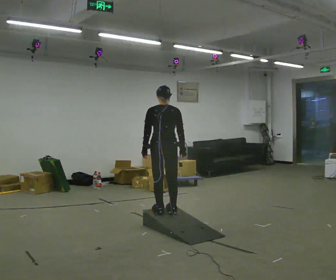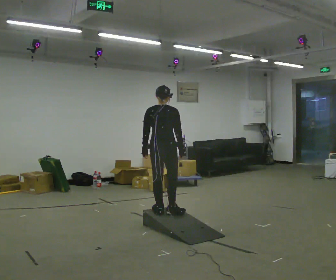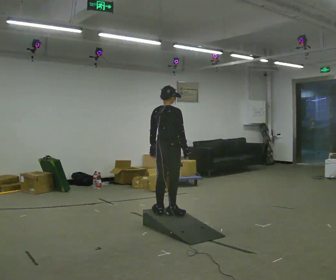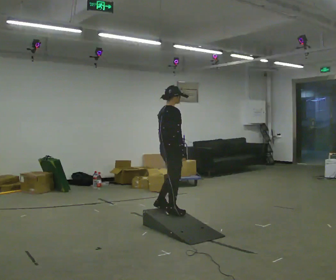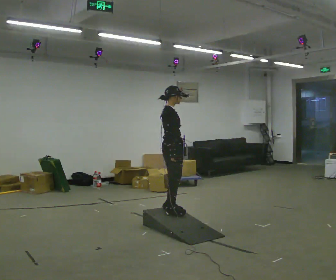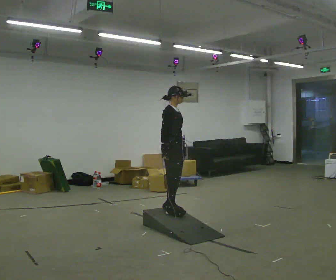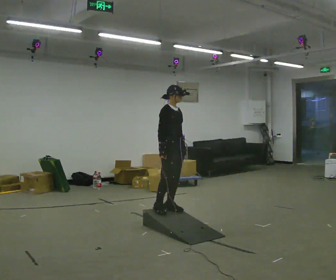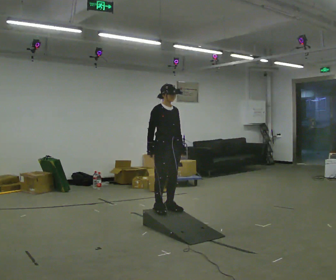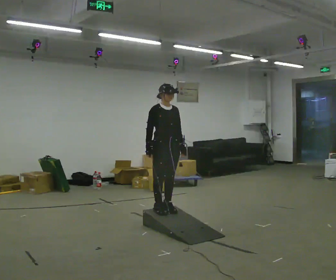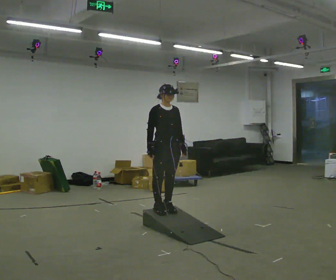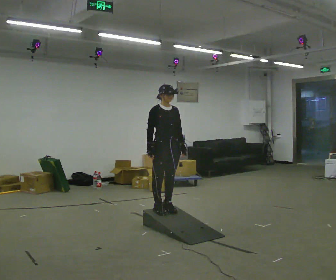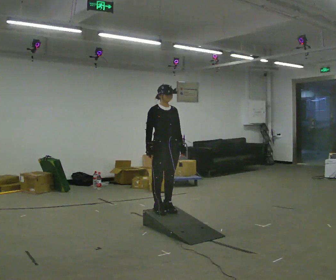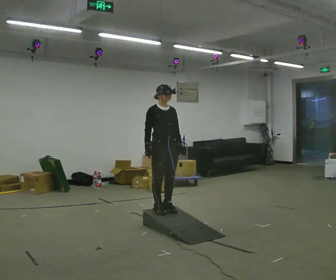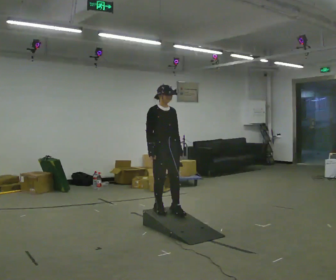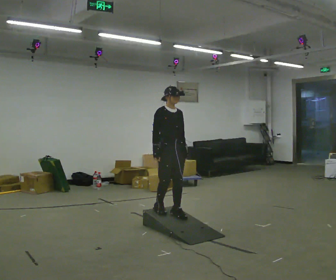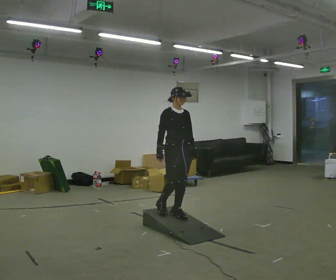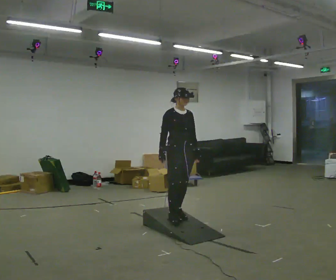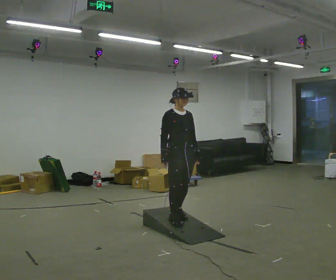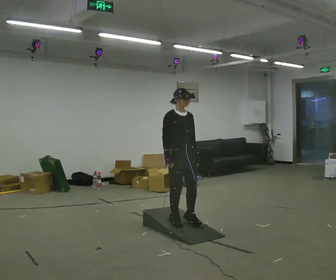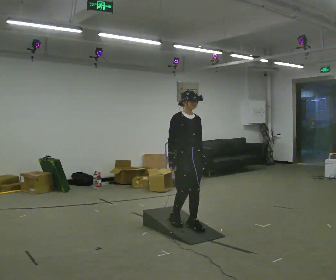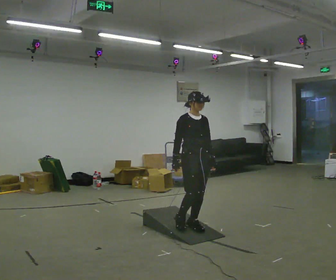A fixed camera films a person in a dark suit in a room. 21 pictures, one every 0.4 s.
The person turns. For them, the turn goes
to their right.
The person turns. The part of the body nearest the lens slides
to the left.
0.0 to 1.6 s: The person turns about 90 degrees to their right, clockwise seen from above, so the part of the body nearest the lens slides to the left. In the picture their left hand goes to the right.
1.6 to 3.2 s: The person turns about 60 degrees to their right, clockwise seen from above, so the part of the body nearest the lens slides to the left.
3.2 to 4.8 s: The person moves a little, or ends about where they began.
4.8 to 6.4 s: In the picture they go to the right, about 0.25 m in 2 steps, which for them is forward.
6.4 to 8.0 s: In the picture they go toward the camera and to the right, about 0.25 m in 1 step, which for them is forward.
The film runs forward here.
